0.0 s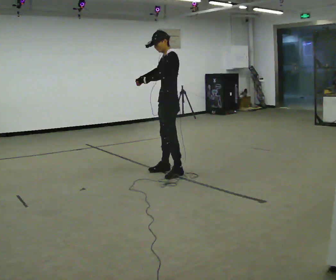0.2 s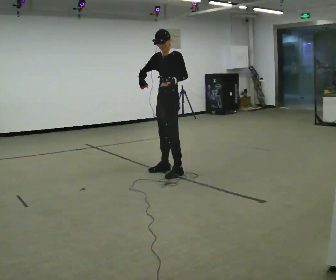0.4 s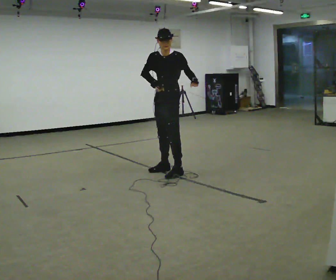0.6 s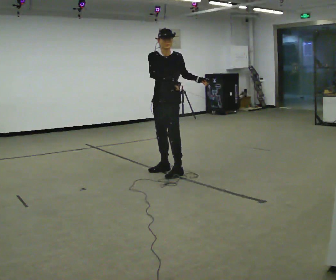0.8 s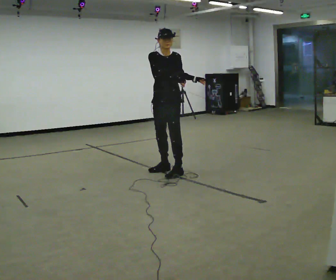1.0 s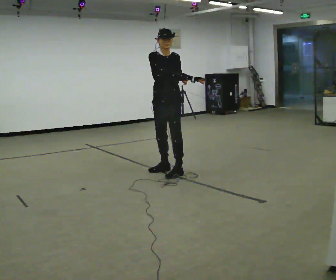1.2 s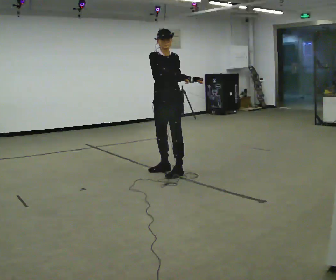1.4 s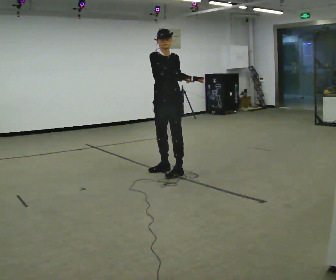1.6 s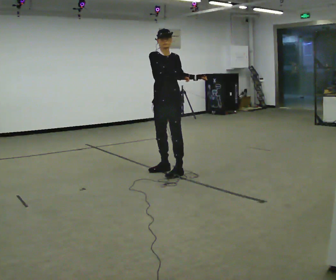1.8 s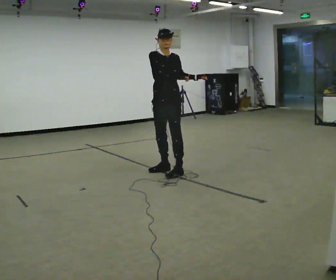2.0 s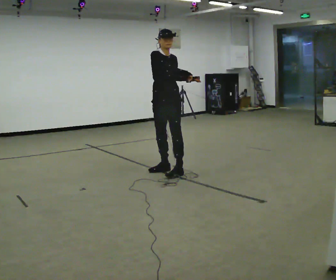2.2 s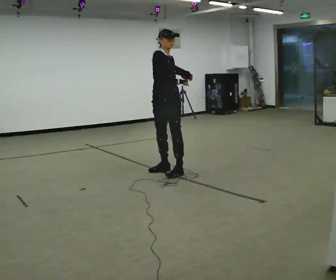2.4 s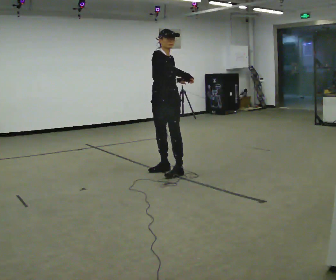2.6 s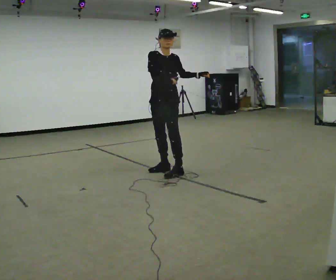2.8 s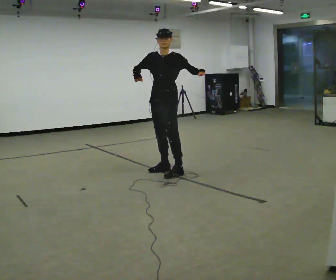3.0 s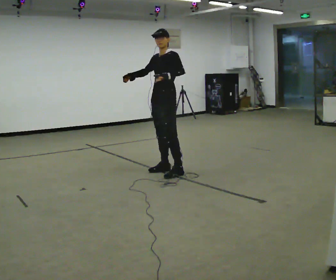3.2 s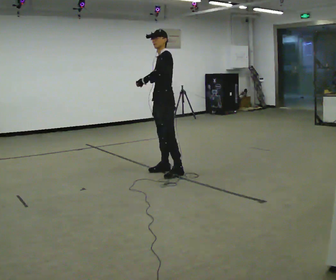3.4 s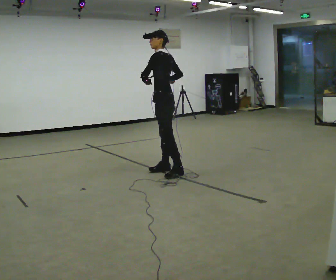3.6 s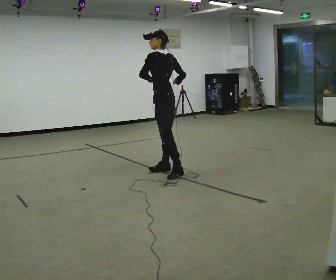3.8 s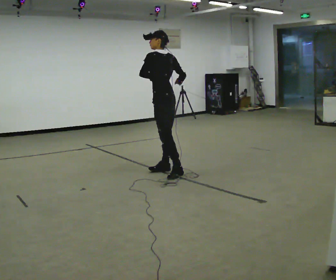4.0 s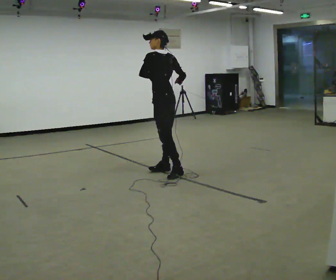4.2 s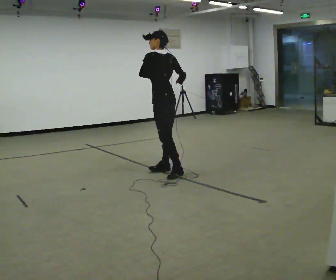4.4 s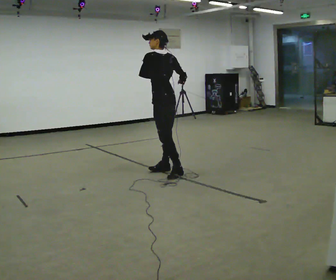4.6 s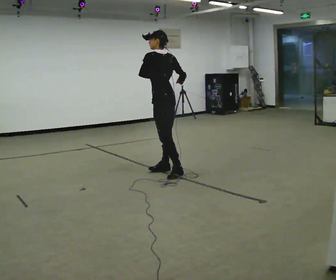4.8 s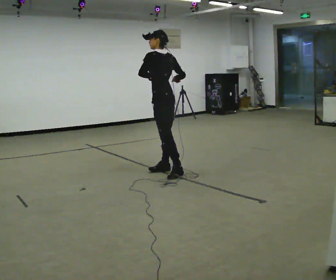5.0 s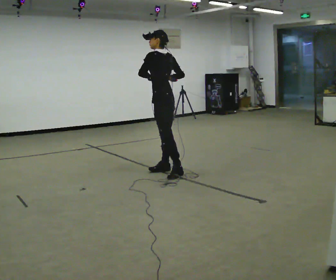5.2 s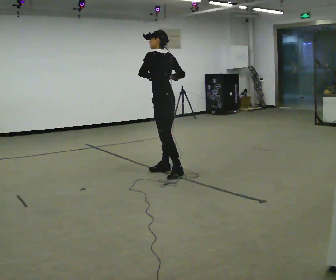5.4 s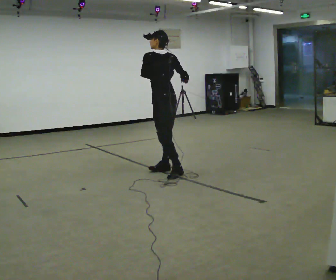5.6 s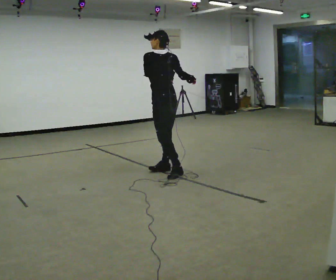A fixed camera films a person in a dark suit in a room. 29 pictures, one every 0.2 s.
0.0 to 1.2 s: The part of the body nearest the lens slides to the right as the person turns to their left by about 90 degrees. In the picture their left hand goes to the right.
1.2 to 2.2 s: The person moves a little, or ends about where they began.
2.2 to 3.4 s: The part of the body nearest the lens slides to the left as the person turns to their right by about 120 degrees. In the picture their left hand goes to the left.
3.4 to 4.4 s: The part of the body nearest the lens slides to the left as the person turns to their right by about 30 degrees.
4.4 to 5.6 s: The person moves a little, or ends about where they began.
The film runs backward here.
